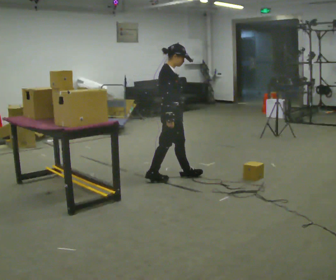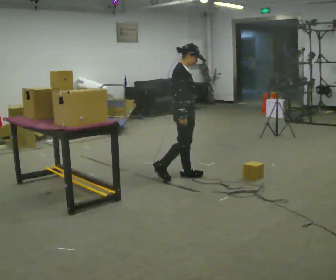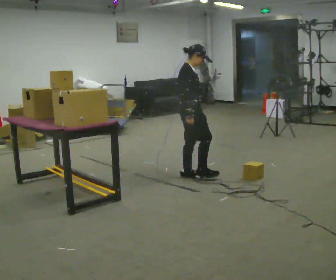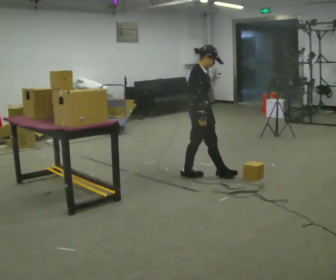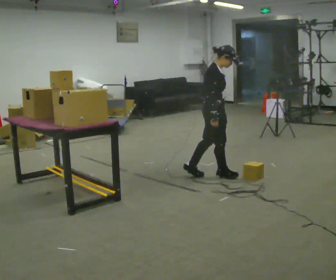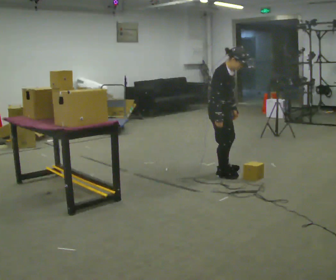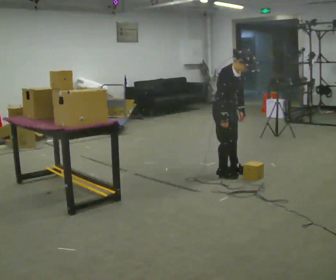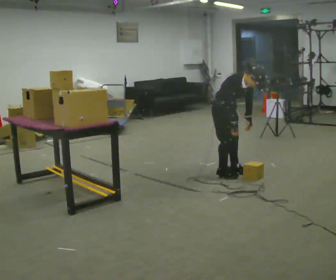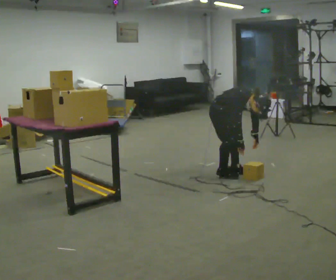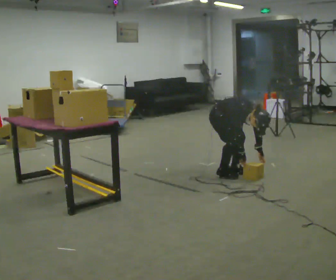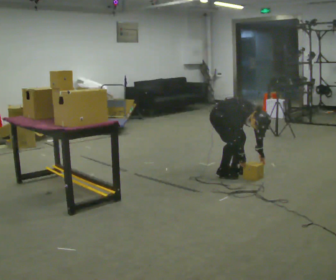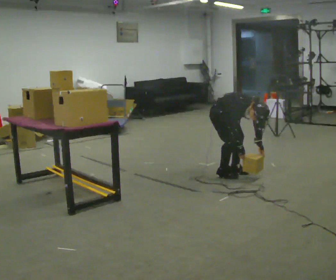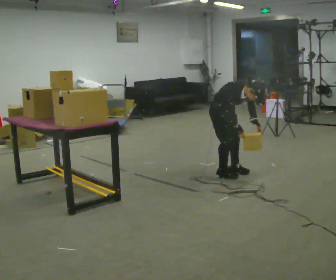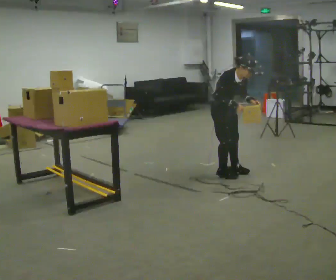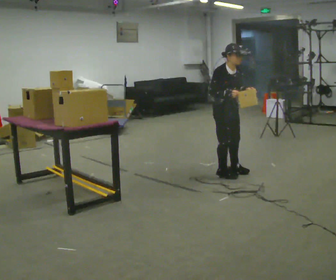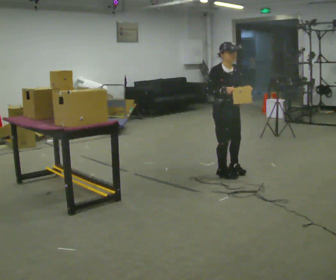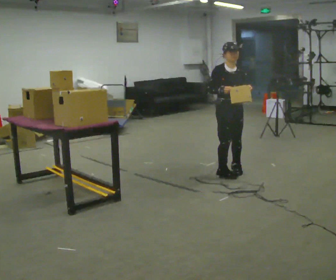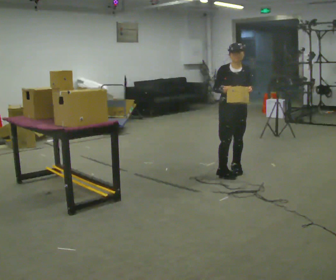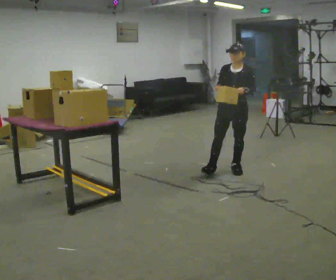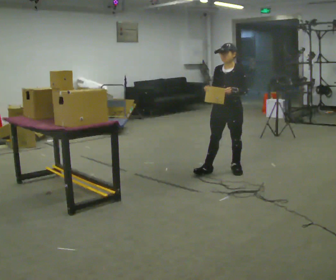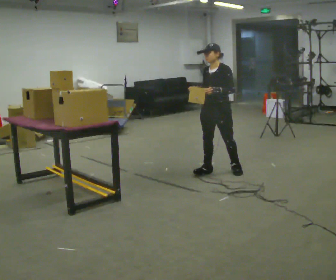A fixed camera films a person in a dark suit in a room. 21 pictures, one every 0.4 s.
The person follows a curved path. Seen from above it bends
counterclockwise.
The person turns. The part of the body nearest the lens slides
to the left.
0.0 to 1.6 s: In the picture they go to the right, about 0.5 m in 1 step, which for them is forward.
1.6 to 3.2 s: The part of the body nearest the lens slides to the left as the person turns to their right by about 45 degrees. In the picture they go away from the camera, about 0.25 m in 1 step, which for them is to their left. The shoulders move downward. The upper body tips toward the camera, its near side rolling downward, as they bend forward. In the picture their right hand goes downward.
3.2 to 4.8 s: The person moves a little, or ends about where they began.
4.8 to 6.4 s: The upper body goes upward. The upper body tips away from the camera, its near side rolling upward, as they lean back or straighten. In the picture their left hand goes upward.
6.4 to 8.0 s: Seen from above the body turns clockwise, about 60 degrees: to their right, with its near side sliding to the left. In the picture their right hand goes to the left.
The film runs forward here.
